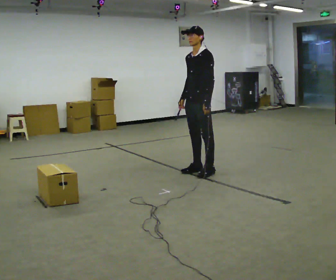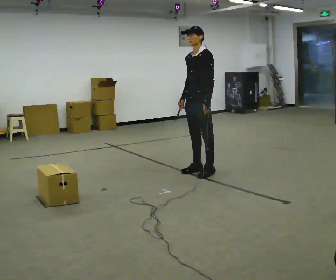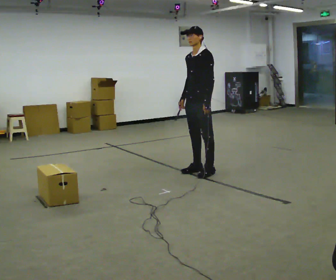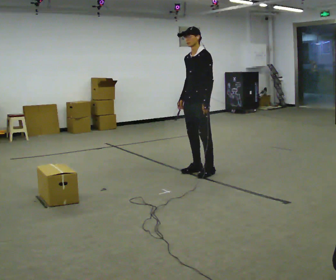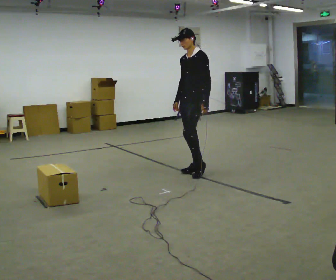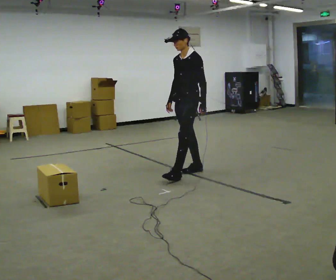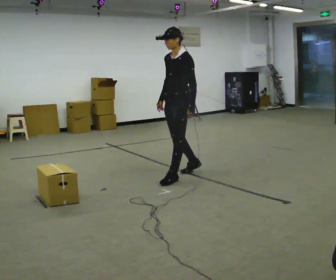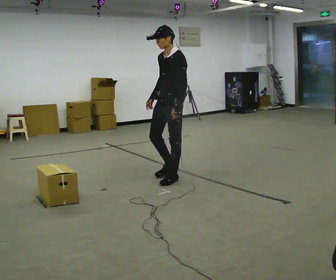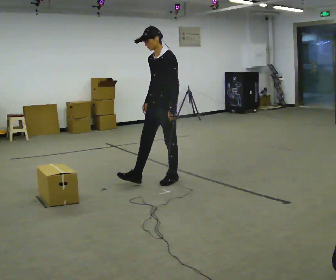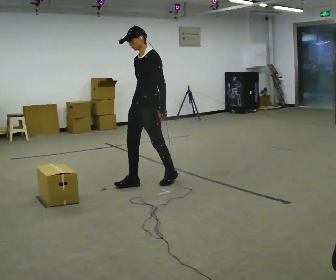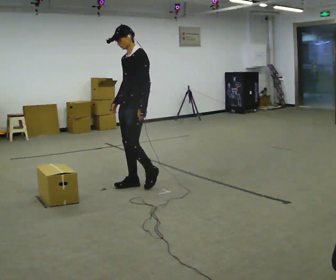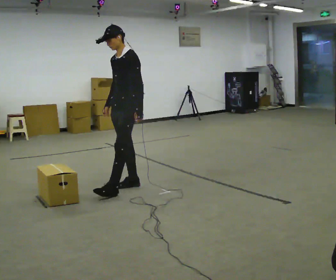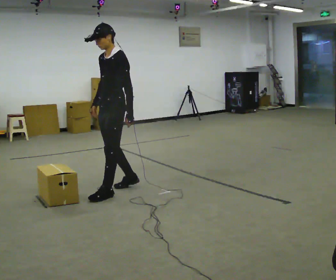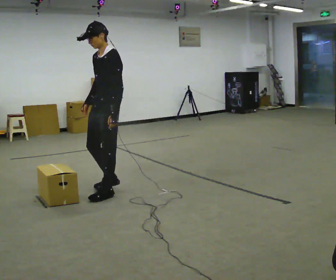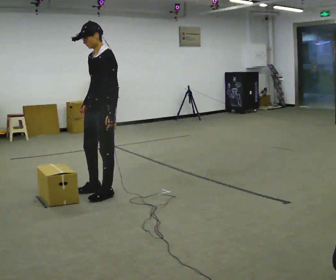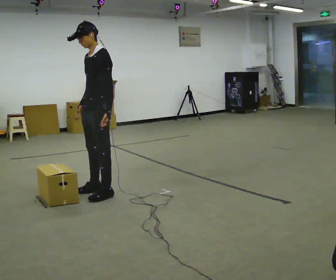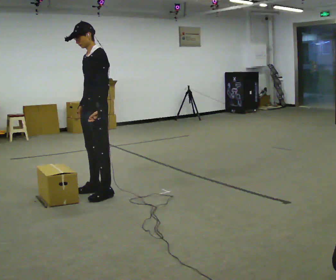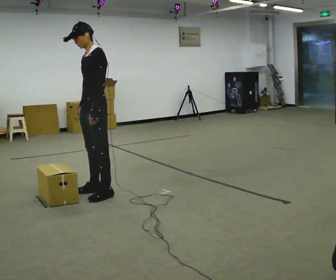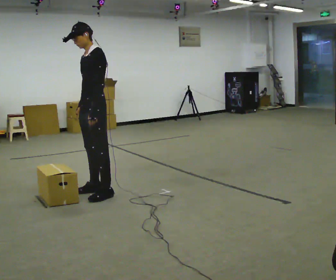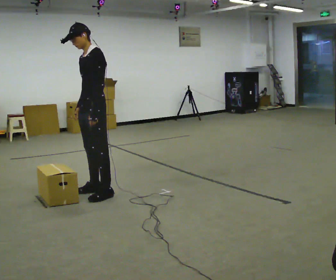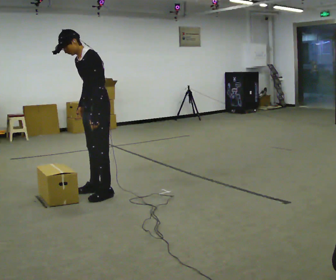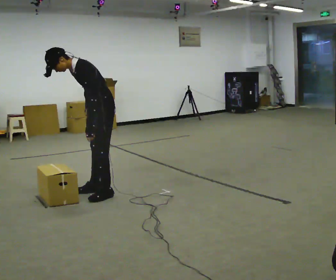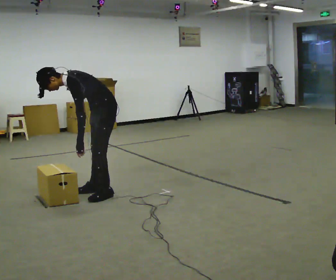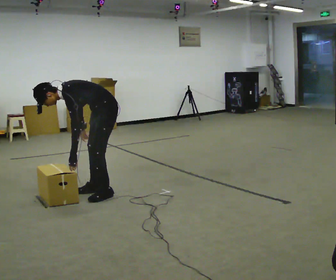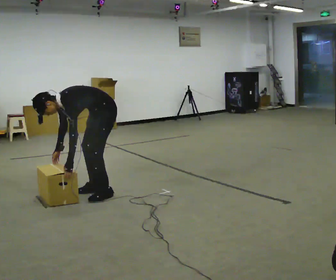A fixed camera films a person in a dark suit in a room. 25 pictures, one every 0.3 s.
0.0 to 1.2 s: The person moves a little, or ends about where they began.
1.2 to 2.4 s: In the picture they go to the left and toward the camera, about 0.5 m in 1 step, which for them is forward.
2.4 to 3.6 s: In the picture they go to the left and toward the camera, about 0.5 m in 2 steps, which for them is forward.
3.6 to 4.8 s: In the picture they go to the left, about 0.25 m in 1 step, which for them is forward.
4.8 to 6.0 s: In the picture the upper body tilts counterclockwise, shoulders to the left, as they bend forward.
6.0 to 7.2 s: The shoulders move downward. In the picture the upper body tilts counterclockwise, shoulders to the left, as they bend forward. In the picture their right hand goes downward.
The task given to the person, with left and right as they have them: The object is placed just too far away for you to reach. Try to reach it while keeping both feet planted, and step only when you have to. Repeat at your own pace until the operator says stop. Go slowly and only as far as you are comfortable. Step whenever you need to; do not try to hold on longer than feels safe.
The film runs forward here.
